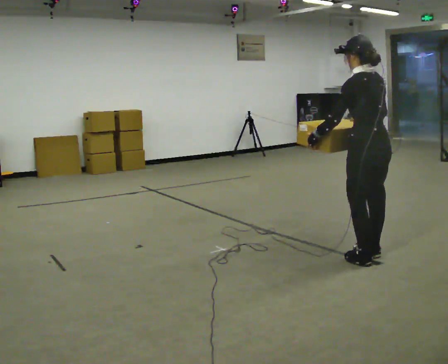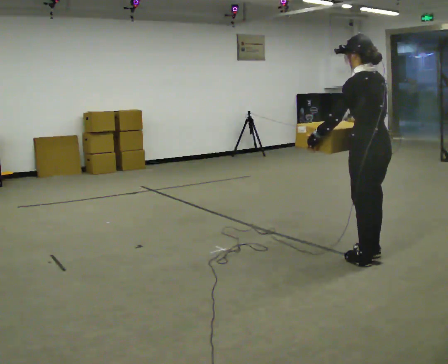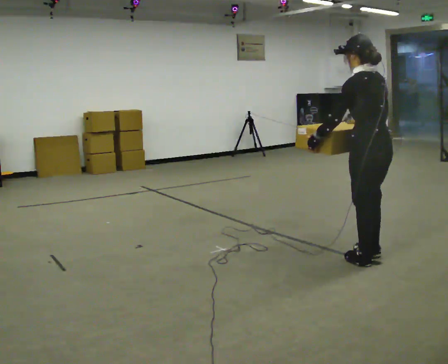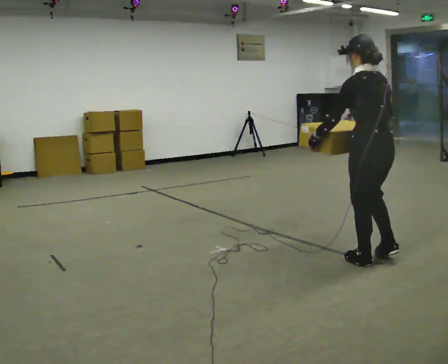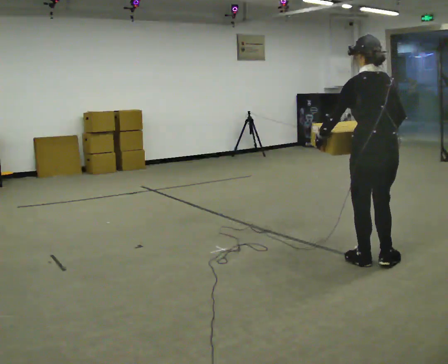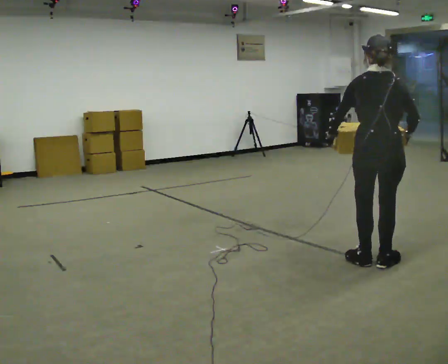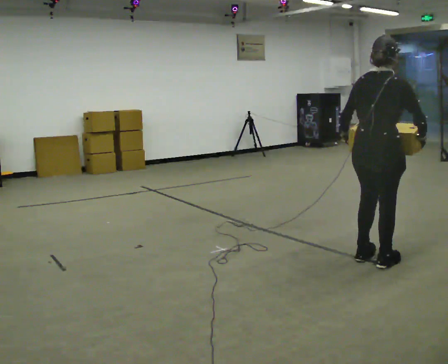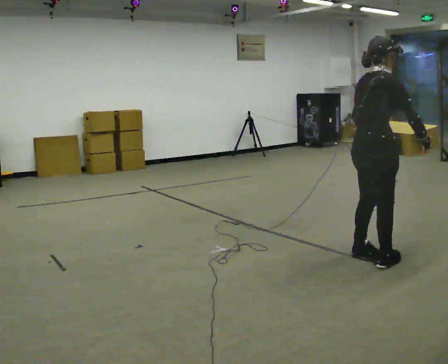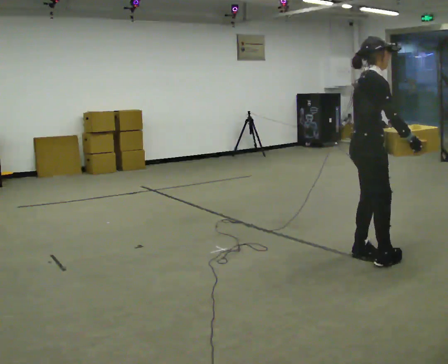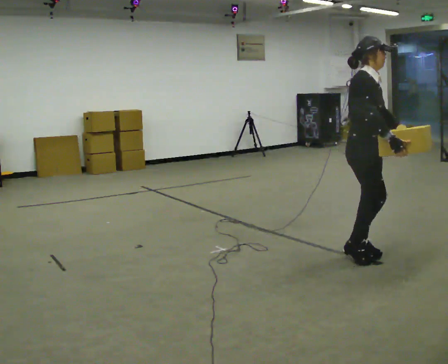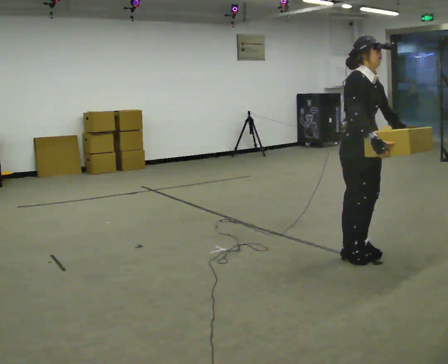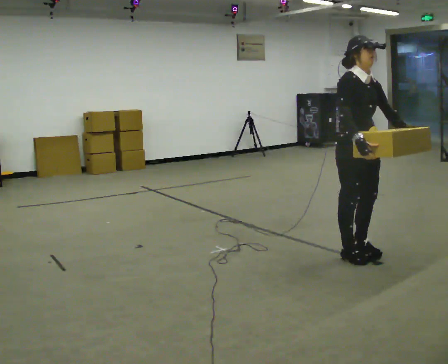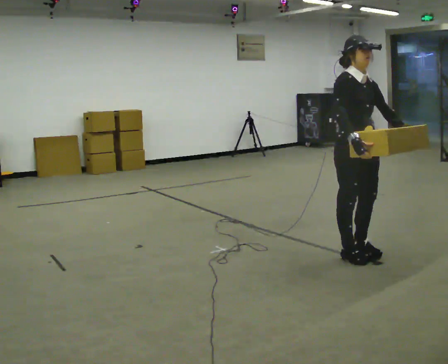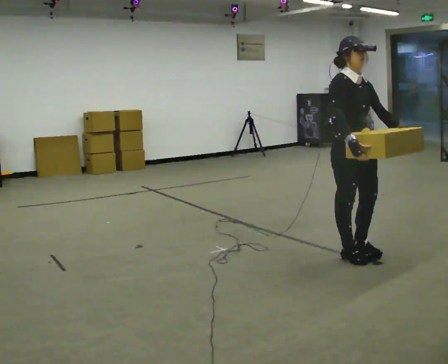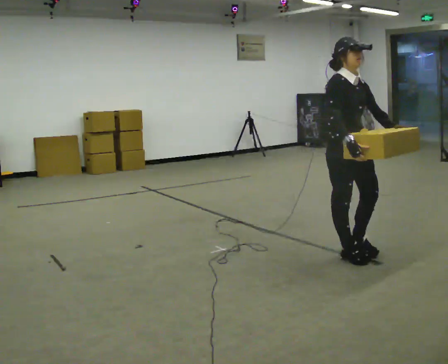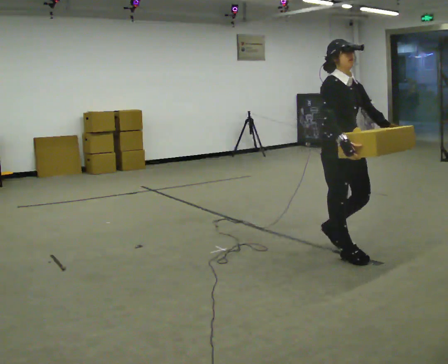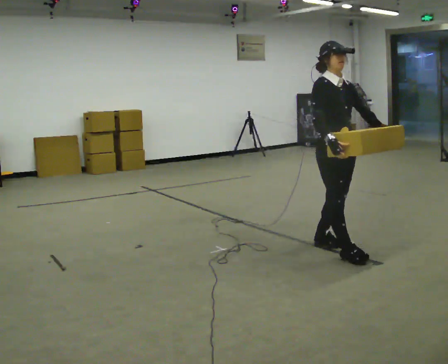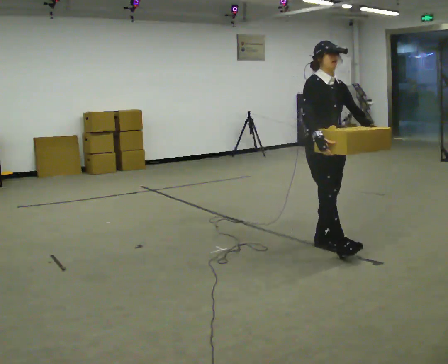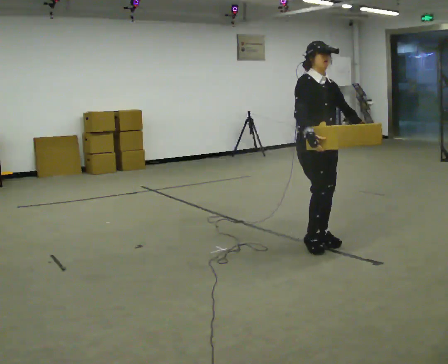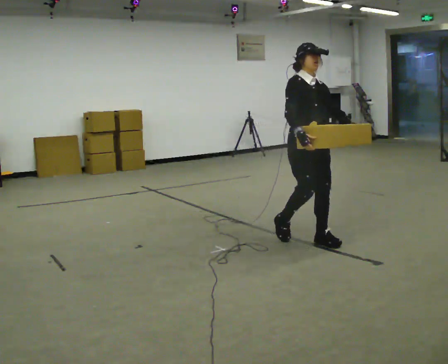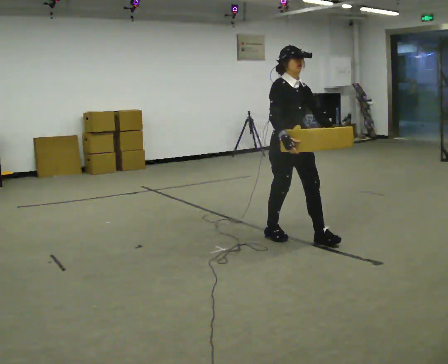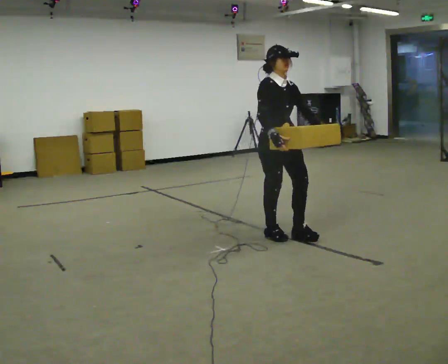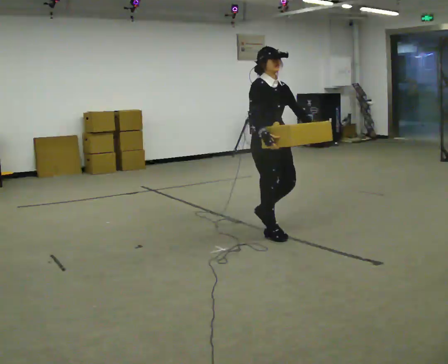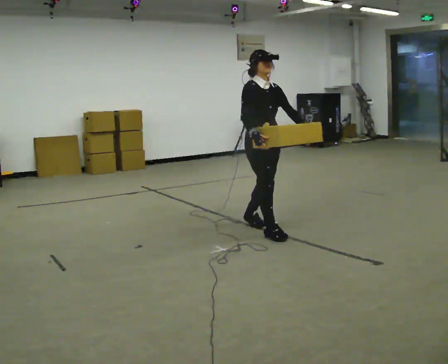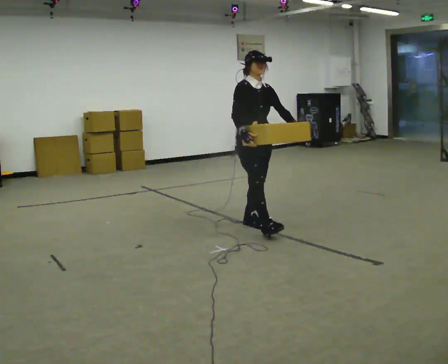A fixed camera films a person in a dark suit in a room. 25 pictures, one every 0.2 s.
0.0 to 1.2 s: The part of the body nearest the lens slides to the left as the person turns to their right by about 75 degrees. In the picture they go toward the camera, about 0.25 m in 2 steps.
1.2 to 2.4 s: The person turns about 105 degrees to their right, clockwise seen from above, so the part of the body nearest the lens slides to the left. In the picture they go away from the camera and to the left, about 0.25 m in 1 step. In the picture their left hand goes to the right, the arm swinging counterclockwise.
2.4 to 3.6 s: In the picture they go to the left and away from the camera, about 0.5 m in 2 steps, which for them is backward.
3.6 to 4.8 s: In the picture they go to the left and away from the camera, about 0.5 m in 2 steps, which for them is backward.
The film runs backward here.
